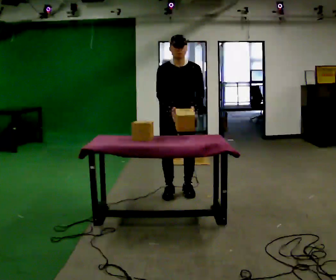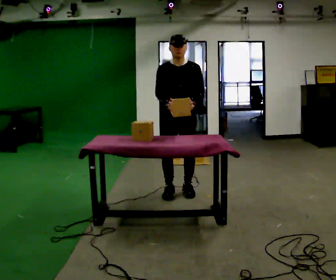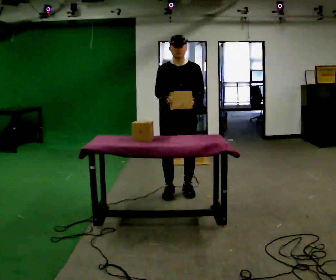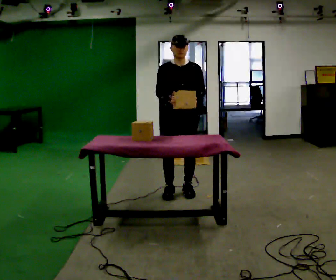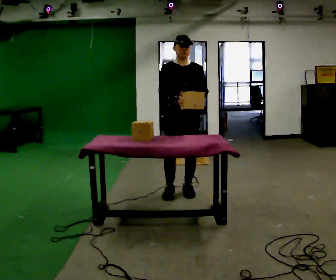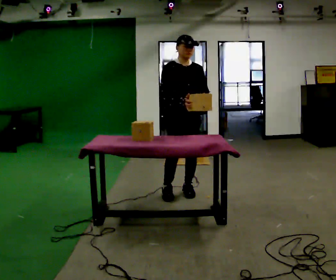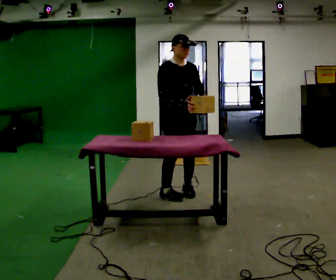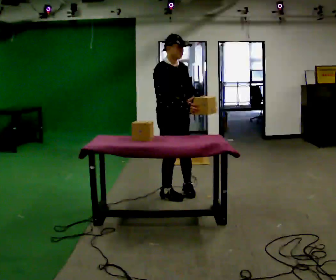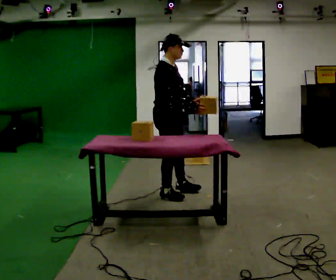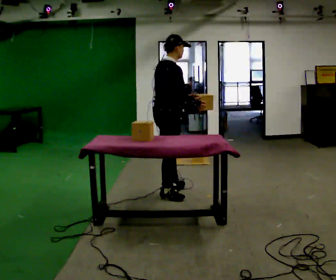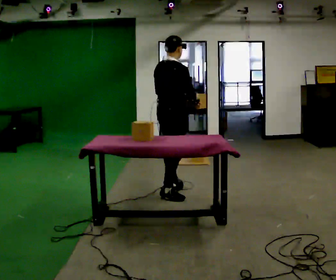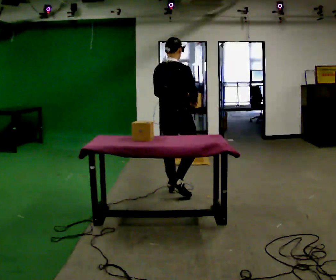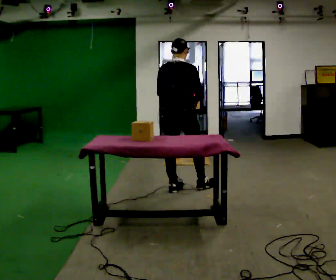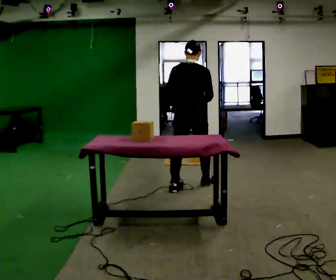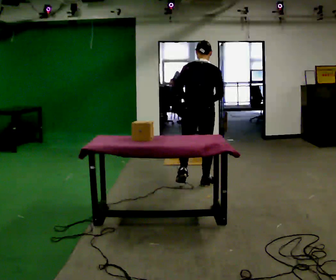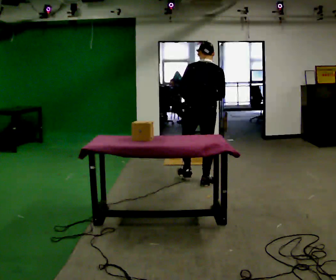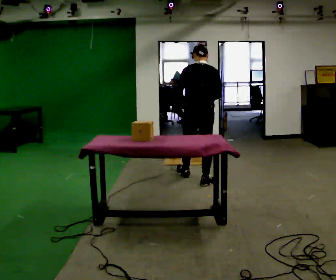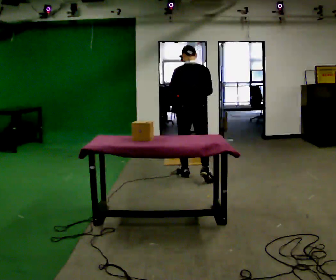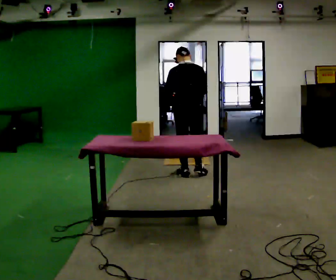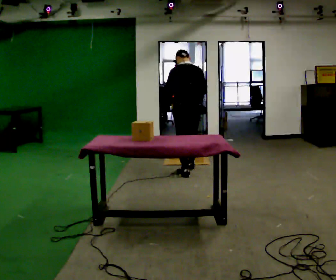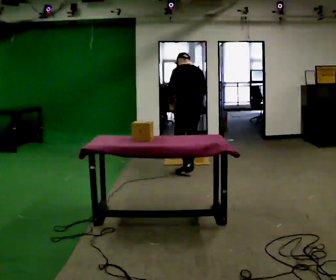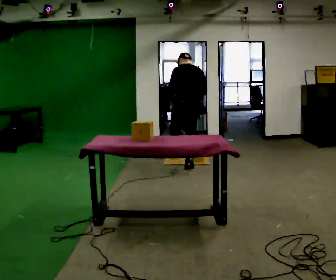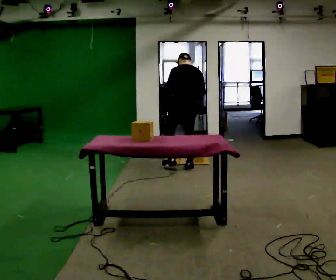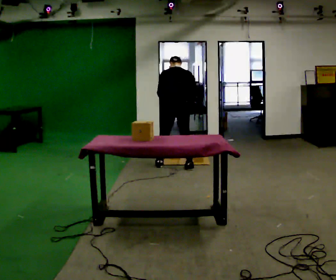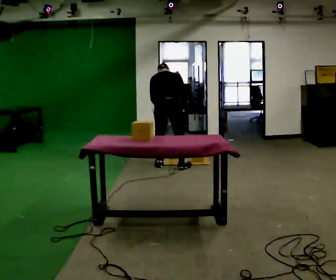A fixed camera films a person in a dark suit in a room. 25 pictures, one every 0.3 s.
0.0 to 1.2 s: The person moves a little, or ends about where they began.
1.2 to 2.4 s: Seen from above the body turns counterclockwise, about 75 degrees: to their left, with its near side sliding to the right. In the picture they go to the left, about 0.25 m in 1 step.
2.4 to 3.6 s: The part of the body nearest the lens slides to the right as the person turns to their left by about 75 degrees. In the picture they go away from the camera and to the right, about 0.25 m.
3.6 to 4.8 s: The part of the body nearest the lens slides to the right as the person turns to their left by about 30 degrees. In the picture they go away from the camera and to the right, about 0.5 m in 2 steps, which for them is forward and to their right.
4.8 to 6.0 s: In the picture they go away from the camera, about 0.5 m in 1 step, which for them is forward.
6.0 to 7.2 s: The part of the body nearest the lens slides to the left as the person turns to their right by about 30 degrees. In the picture they go to the left and away from the camera, about 0.25 m in 1 step, which for them is to their left and forward. The upper body tips away from the camera, its near side rolling upward, as they bend forward.
The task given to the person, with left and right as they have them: Carry the boxes over one at a time and lay them out on the pallet in the pattern the operator shows you. Keep going until the operator says stop; one object at a time, and do not rush between trips.
The film runs forward here.
